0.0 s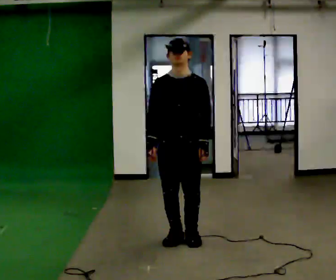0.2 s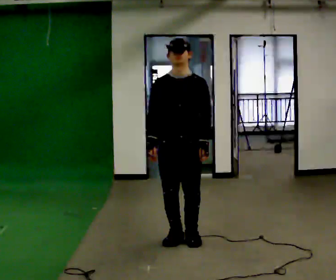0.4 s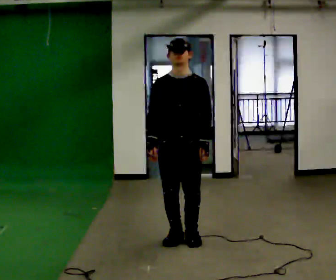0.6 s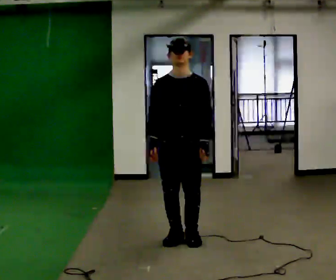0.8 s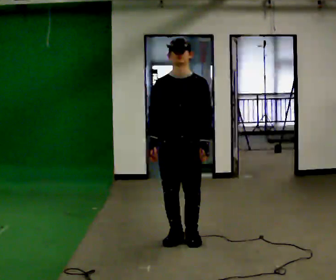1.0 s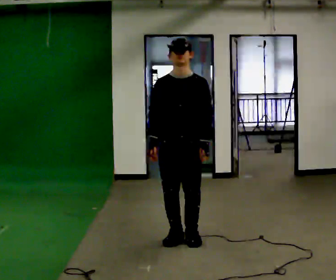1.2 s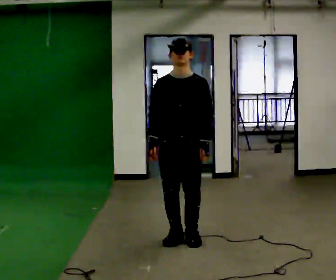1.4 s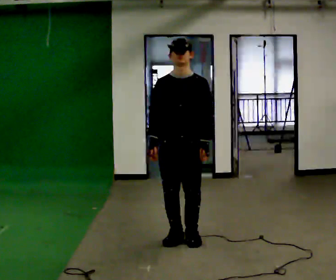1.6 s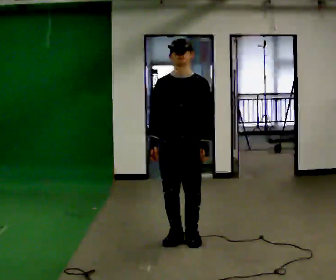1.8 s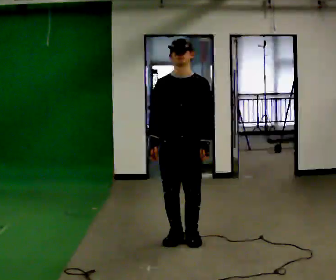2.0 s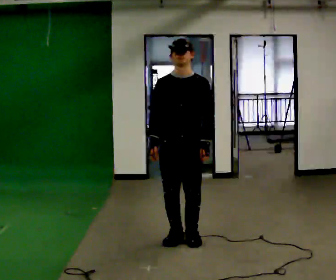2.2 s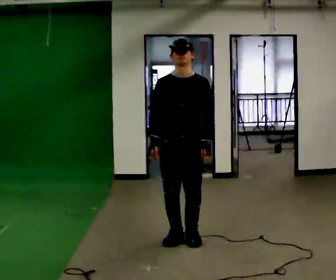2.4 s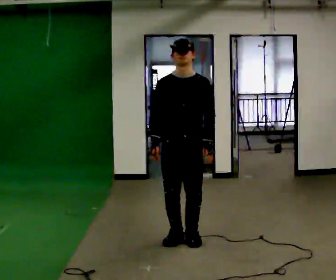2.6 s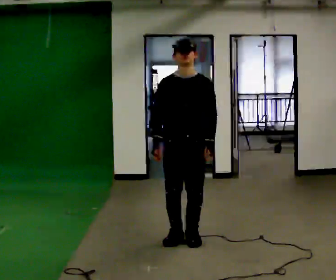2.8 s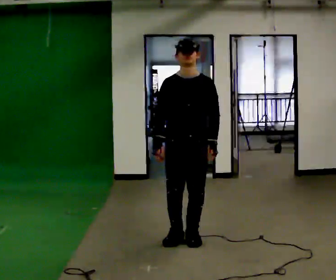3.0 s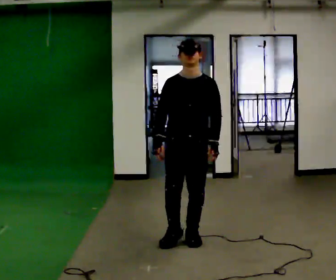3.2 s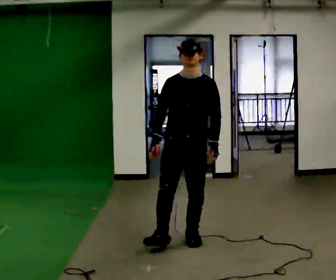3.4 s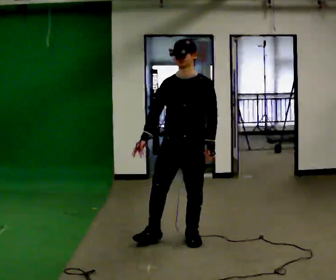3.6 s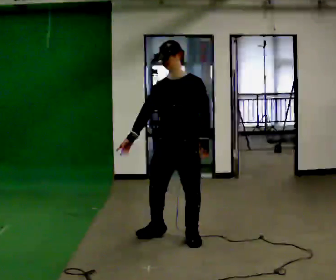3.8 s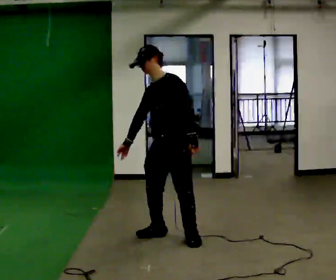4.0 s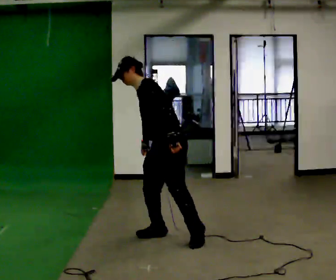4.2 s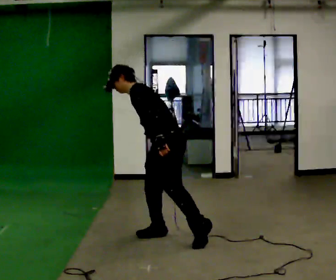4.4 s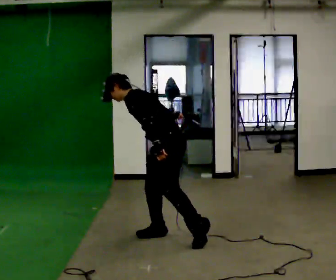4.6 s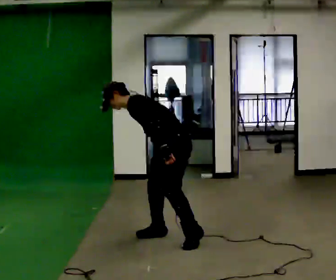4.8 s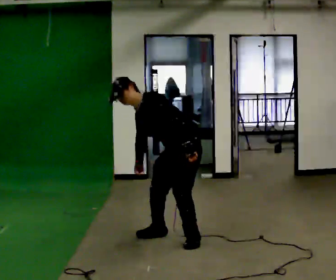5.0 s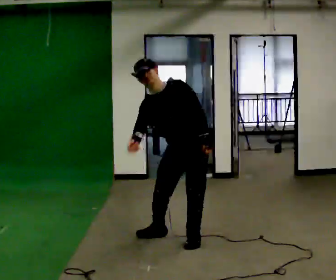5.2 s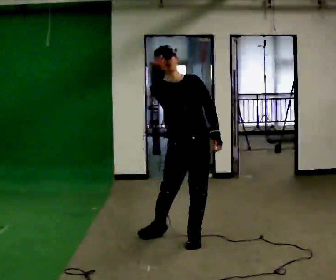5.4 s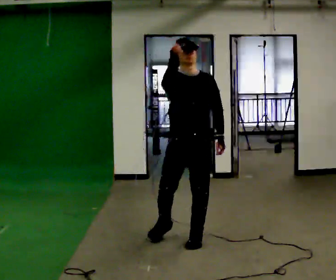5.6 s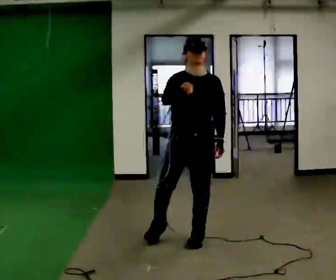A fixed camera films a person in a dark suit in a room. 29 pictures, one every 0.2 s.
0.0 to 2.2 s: The person keeps their place and pose.
2.2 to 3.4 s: The person moves a little, or ends about where they began.
3.4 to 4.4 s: The part of the body nearest the lens slides to the left as the person turns to their right by about 75 degrees. The shoulders move downward. In the picture the upper body tilts counterclockwise, shoulders to the left, as they bend forward.
4.4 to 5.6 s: Seen from above the body turns counterclockwise, about 90 degrees: to their left, with its near side sliding to the right. In the picture the upper body tilts clockwise, shoulders to the right, as they lean back or straighten.
The film runs forward here.
